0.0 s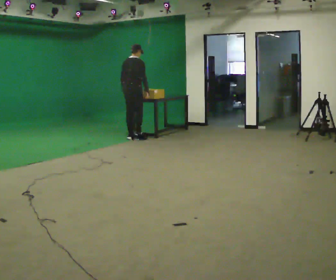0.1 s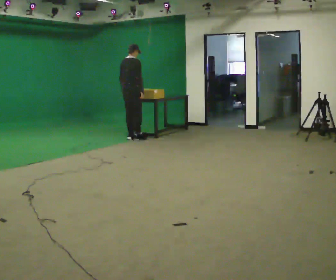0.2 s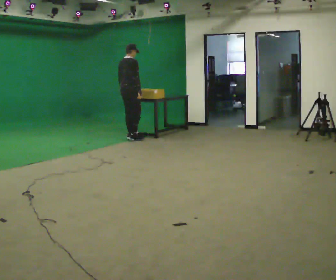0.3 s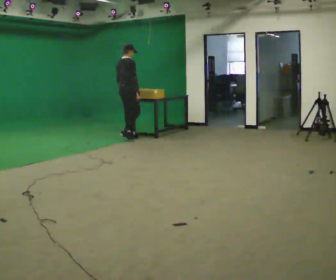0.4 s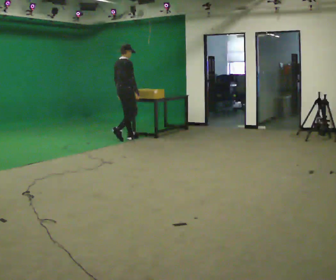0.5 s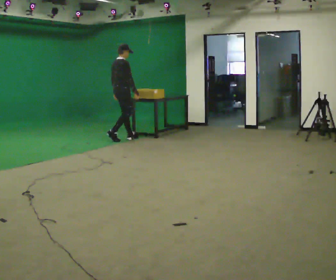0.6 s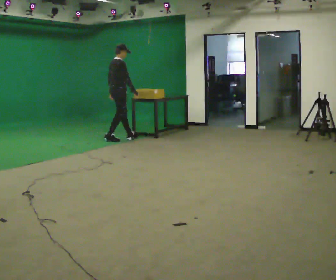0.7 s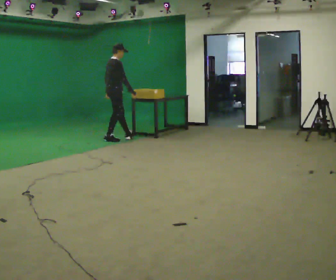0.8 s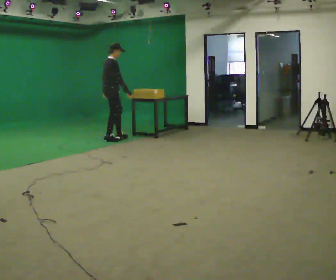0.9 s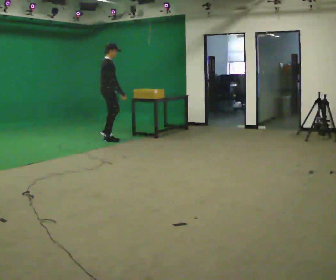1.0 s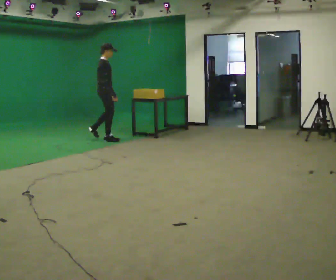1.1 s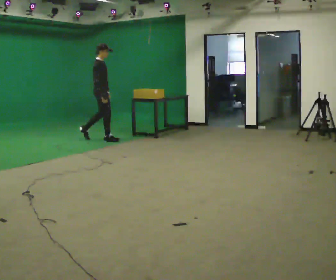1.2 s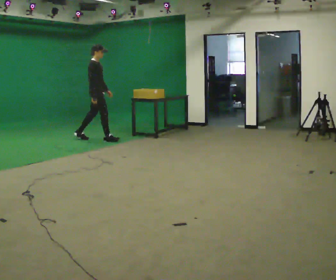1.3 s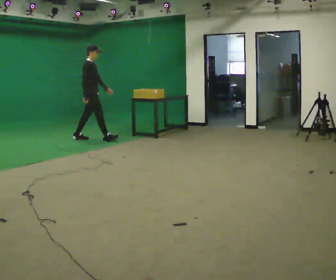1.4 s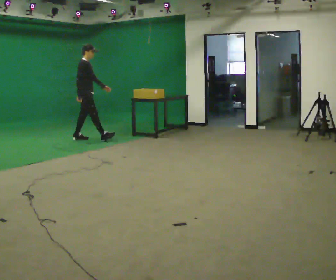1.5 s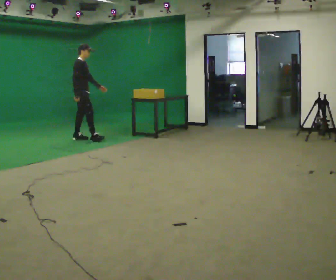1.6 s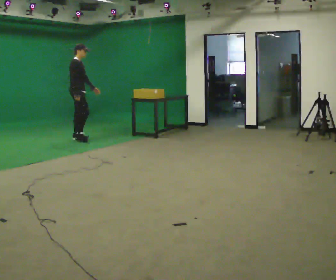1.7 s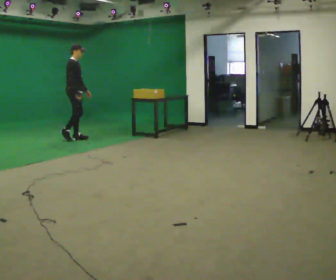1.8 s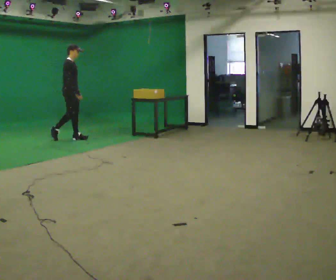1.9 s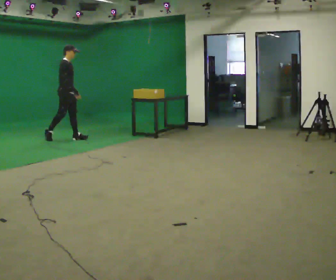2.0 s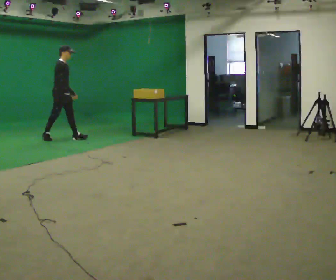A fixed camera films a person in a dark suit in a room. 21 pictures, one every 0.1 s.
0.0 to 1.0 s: The part of the body nearest the lens slides to the left as the person turns to their right by about 45 degrees. In the picture they go to the left, about 0.5 m in 2 steps, which for them is backward.
1.0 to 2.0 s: In the picture they go to the left, about 1 m in 1 step, which for them is backward.
The film runs backward here.
